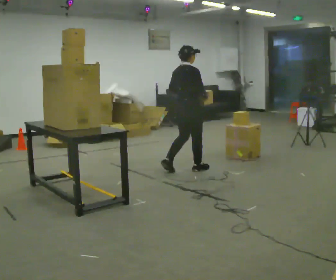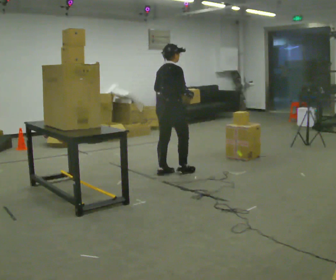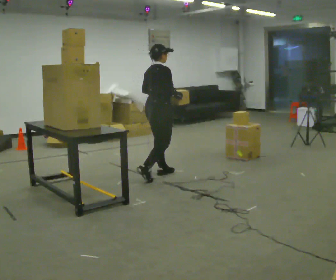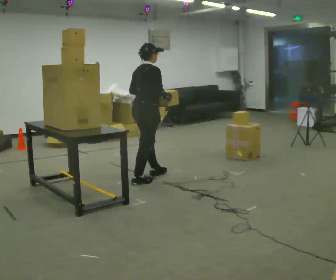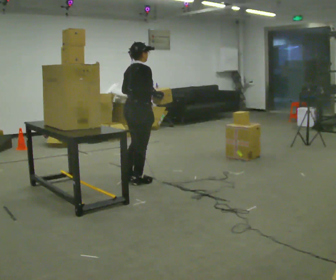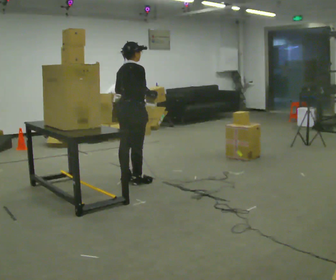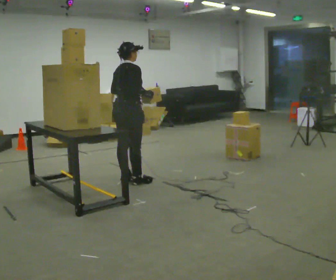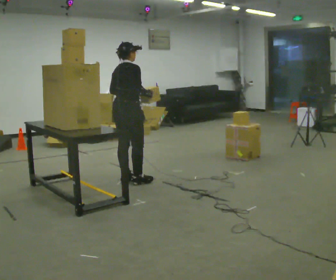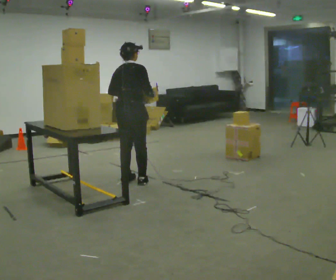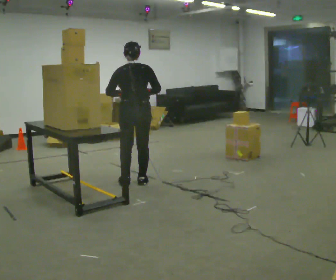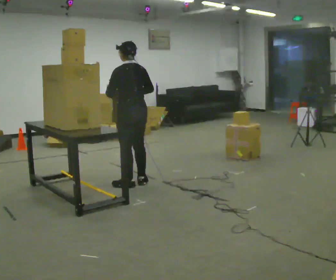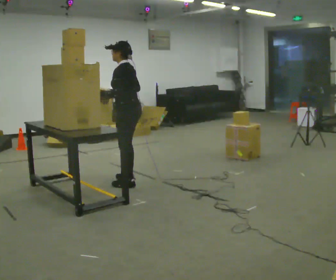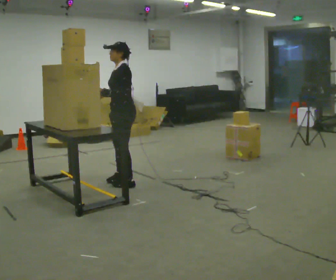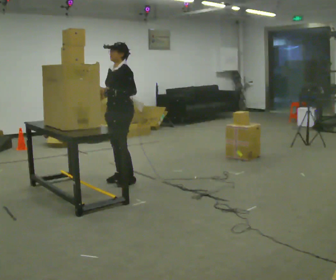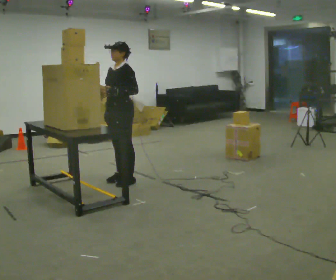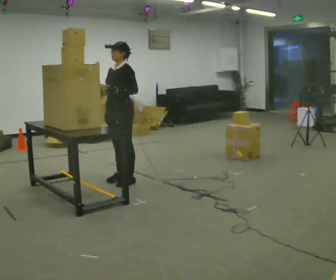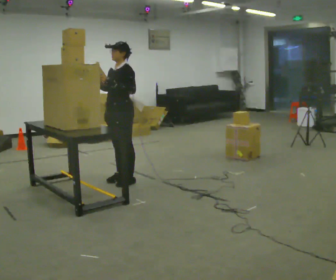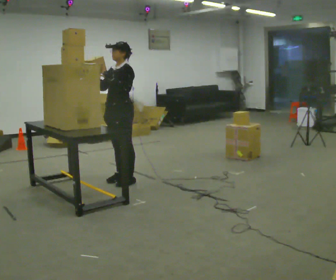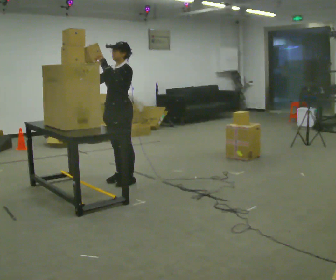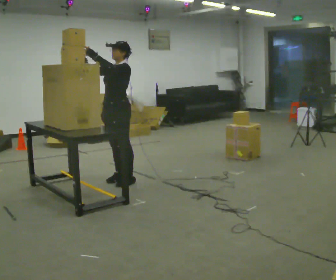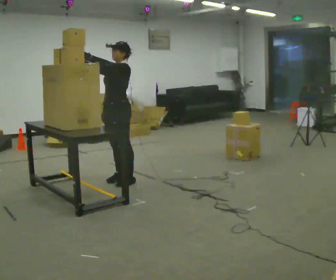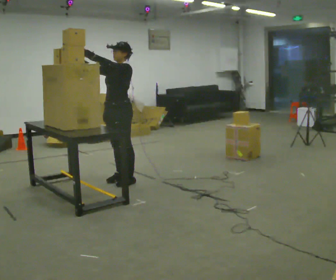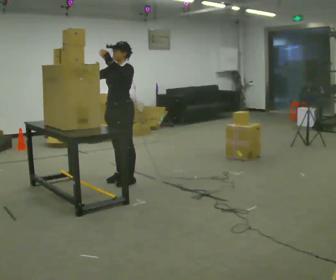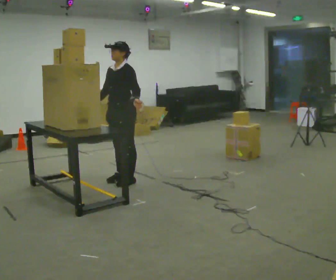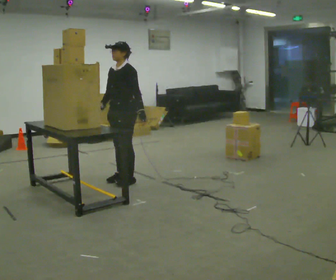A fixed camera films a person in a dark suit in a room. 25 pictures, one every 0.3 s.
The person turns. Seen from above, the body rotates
counterclockwise.
The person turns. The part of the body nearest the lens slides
to the right.
0.0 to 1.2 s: In the picture they go to the left and toward the camera, about 1 m in 2 steps, which for them is backward.
1.2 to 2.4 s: The person moves a little, or ends about where they began.
2.4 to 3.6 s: The person turns about 135 degrees to their left, counterclockwise seen from above, so the part of the body nearest the lens slides to the right.
3.6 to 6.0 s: In the picture their right hand goes upward.
6.0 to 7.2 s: In the picture their left hand goes downward and to the right.
The film runs backward here.
